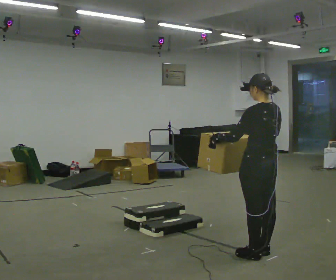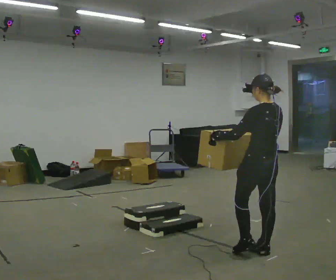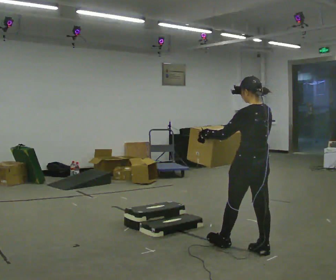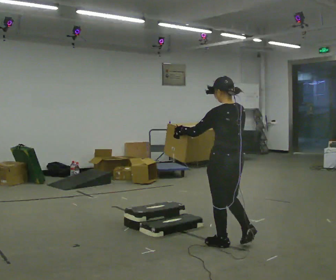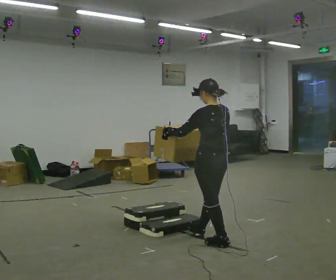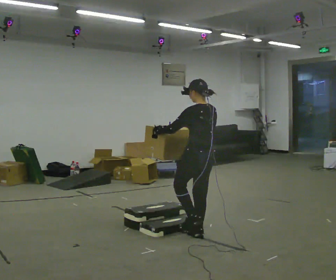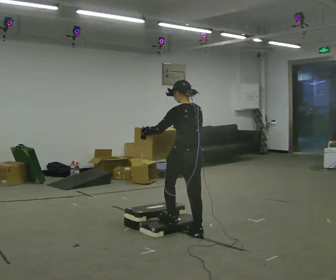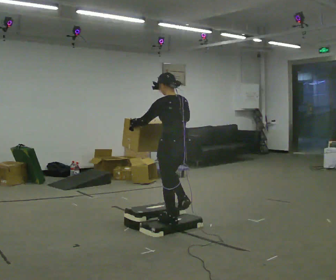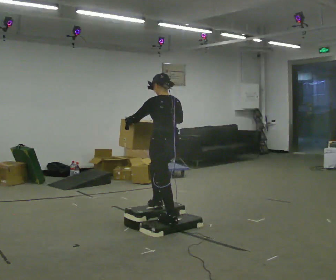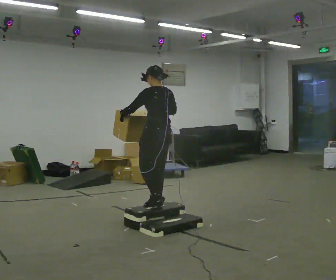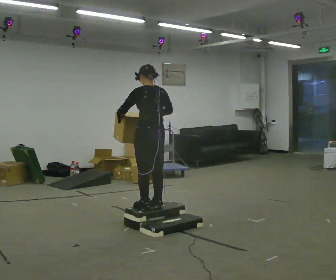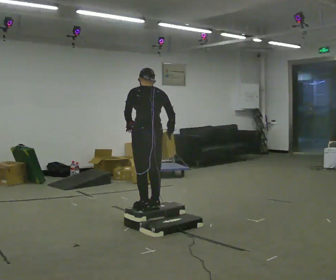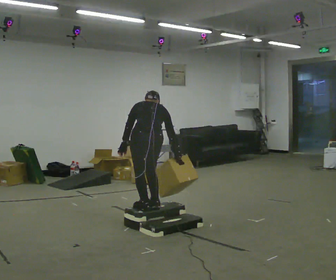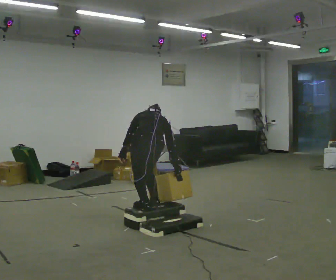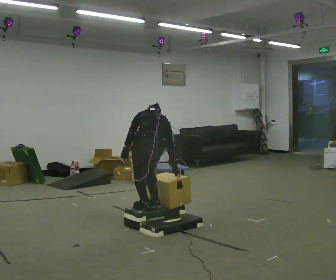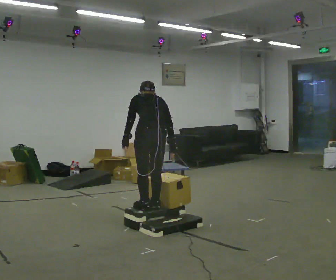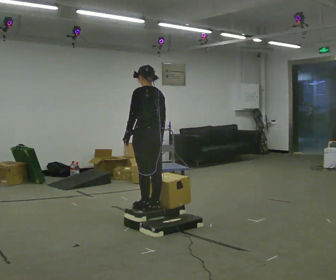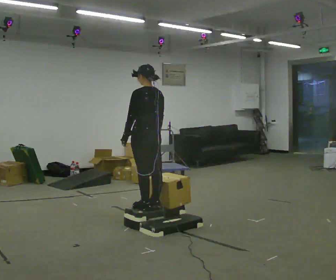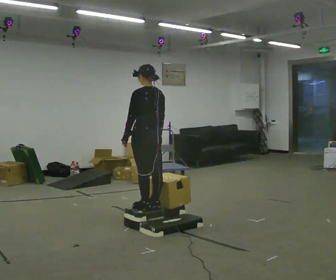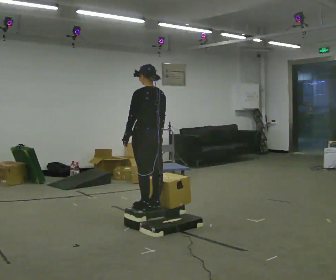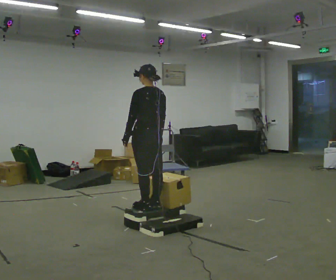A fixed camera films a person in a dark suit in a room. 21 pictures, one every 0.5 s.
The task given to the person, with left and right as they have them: Carry the box up the three steps, turn at the top, and carry it back down. Use the handrail only if you need it. Keep going until the operator says stop; one object at a time, and do not rush between trips.
0.0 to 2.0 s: In the picture they go away from the camera and to the left, about 0.5 m in 2 steps, which for them is forward.
2.0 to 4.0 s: In the picture they go away from the camera and to the left, about 0.75 m in 2 steps, which for them is forward.
4.0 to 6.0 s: The part of the body nearest the lens slides to the left as the person turns to their right by about 30 degrees. In the picture they go to the left, about 0.25 m in 1 step, which for them is to their left. The upper body tips away from the camera, its near side rolling upward, as they bend forward. In the picture their right hand goes downward.
6.0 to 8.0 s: The part of the body nearest the lens slides to the right as the person turns to their left by about 30 degrees. In the picture they go away from the camera, about 0.25 m, which for them is forward.
8.0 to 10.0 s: The person moves a little, or ends about where they began.
The film runs forward here.
